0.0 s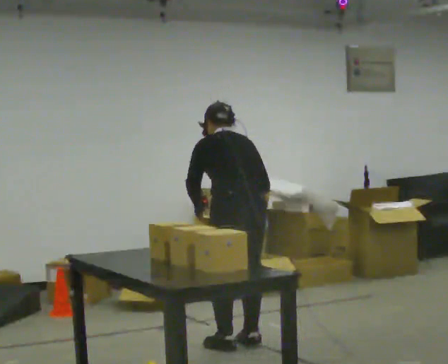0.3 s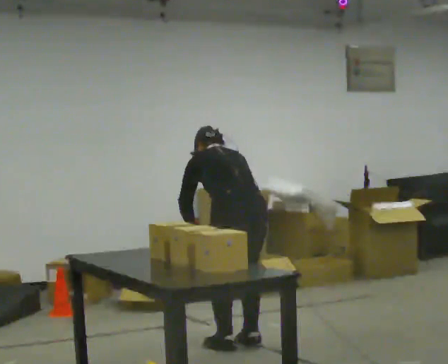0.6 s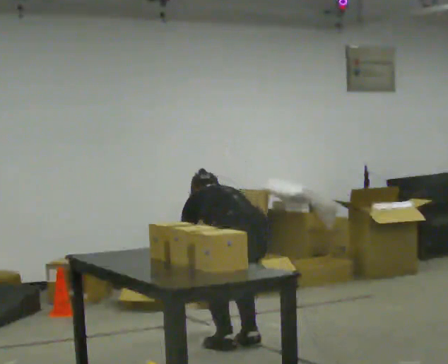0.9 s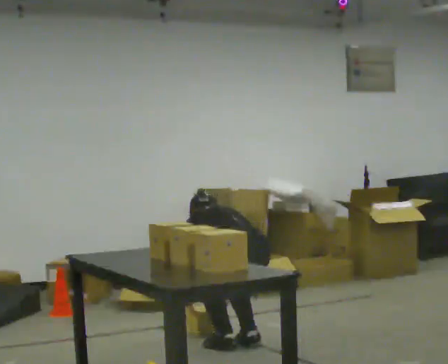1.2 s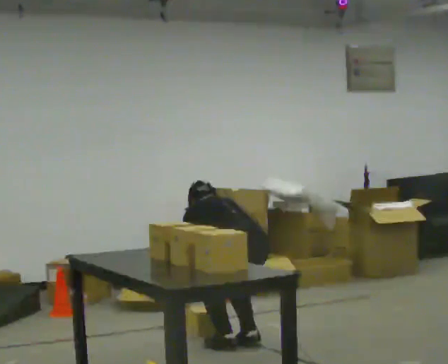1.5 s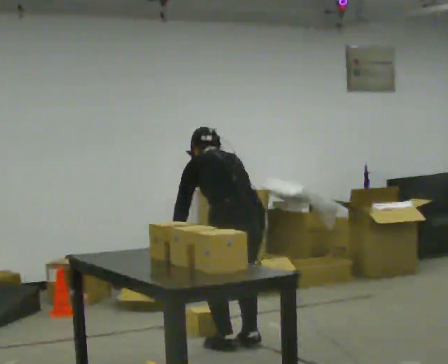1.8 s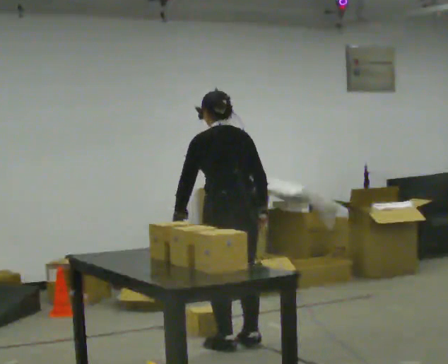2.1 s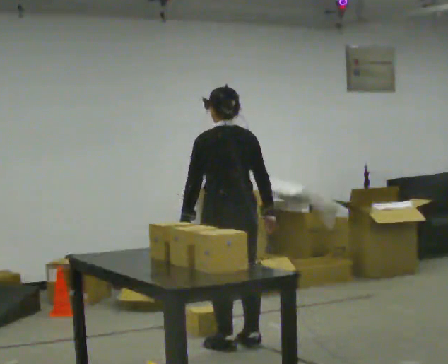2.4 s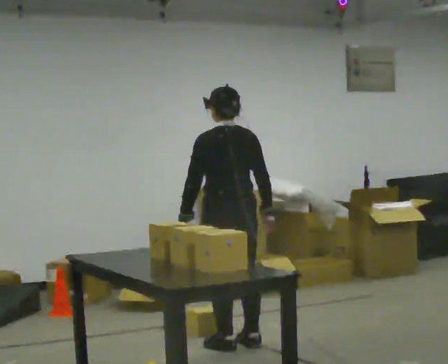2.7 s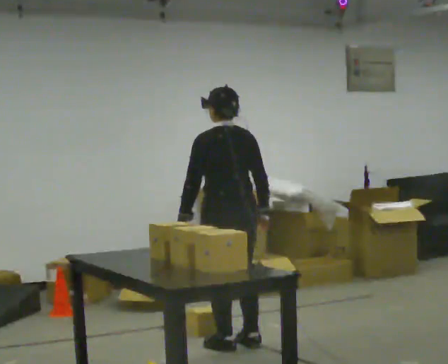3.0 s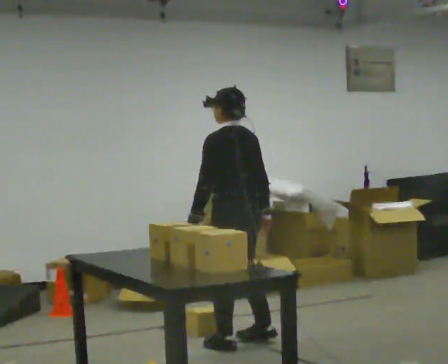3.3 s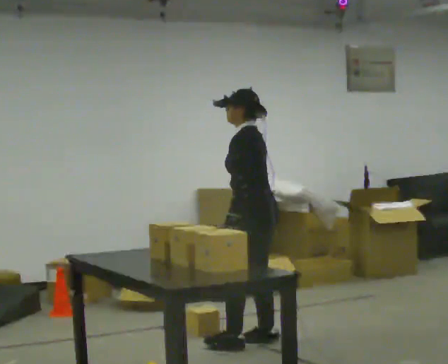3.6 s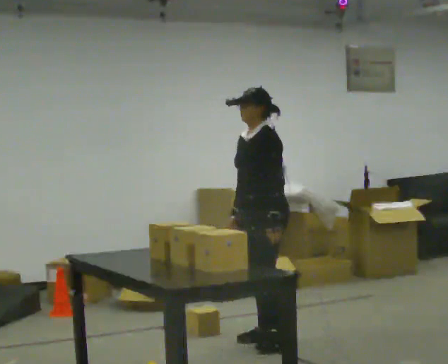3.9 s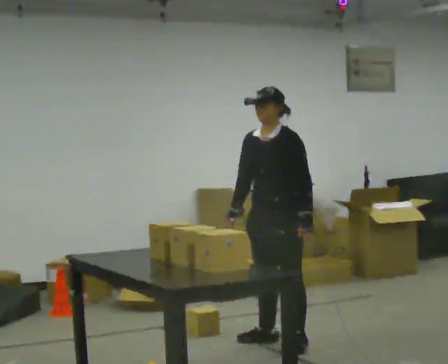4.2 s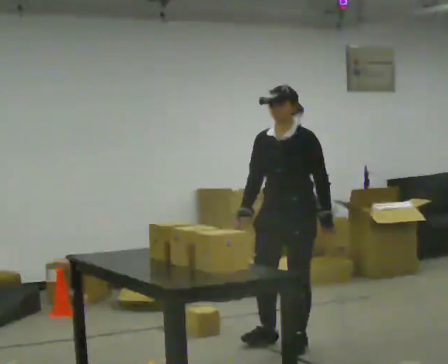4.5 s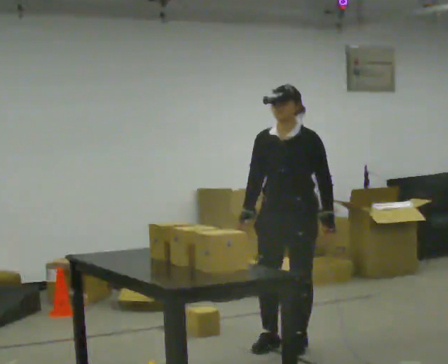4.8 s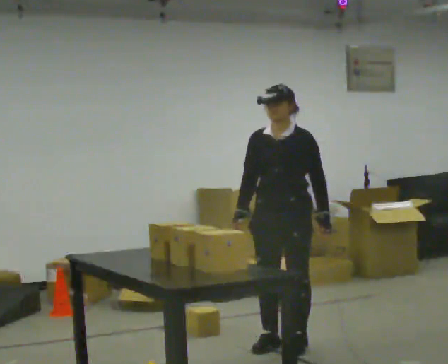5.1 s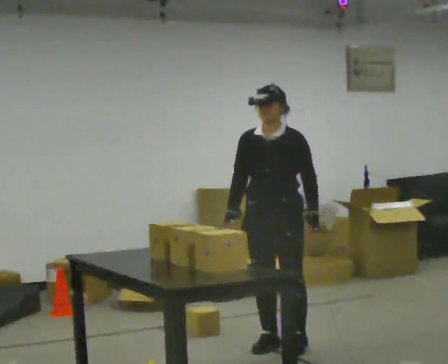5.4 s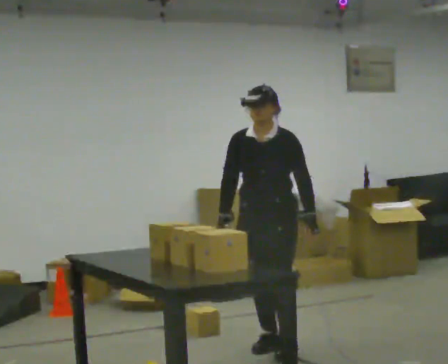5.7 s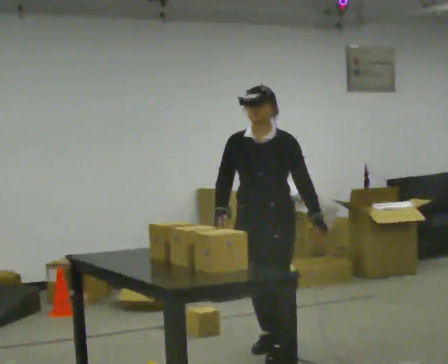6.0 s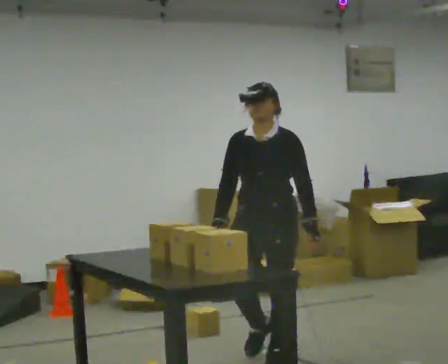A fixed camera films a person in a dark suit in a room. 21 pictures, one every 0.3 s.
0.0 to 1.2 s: The upper body tips away from the camera, its near side rolling upward, as they bend forward. In the picture their left hand goes downward.
1.2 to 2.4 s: The upper body goes upward. The upper body tips toward the camera, its near side rolling downward, as they lean back or straighten. In the picture their right hand goes upward.
2.4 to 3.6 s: The person turns about 90 degrees to their left, counterclockwise seen from above, so the part of the body nearest the lens slides to the right. In the picture they go to the right, about 0.25 m in 1 step. In the picture their left hand goes to the right.
3.6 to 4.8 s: The person turns about 45 degrees to their left, counterclockwise seen from above, so the part of the body nearest the lens slides to the right. In the picture they go toward the camera, about 0.25 m in 1 step, which for them is to their left.
4.8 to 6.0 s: In the picture they go toward the camera, about 0.25 m in 1 step, which for them is forward.
The film runs forward here.
